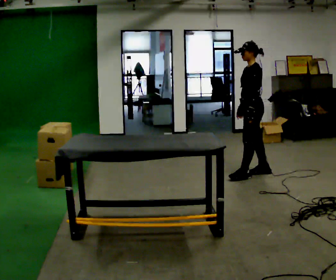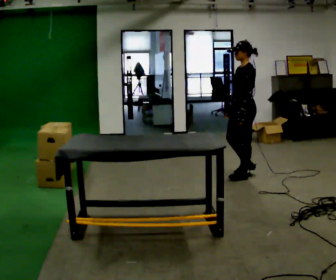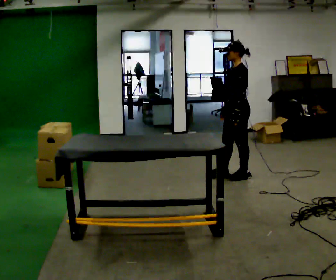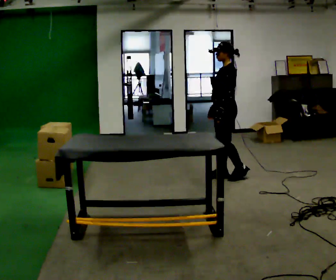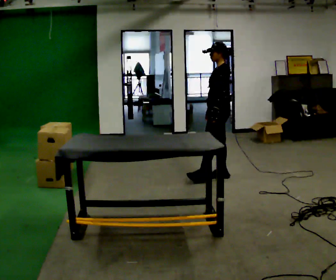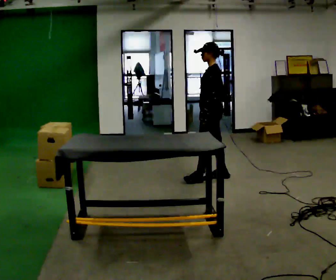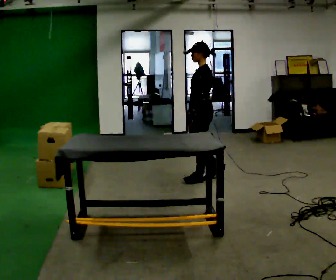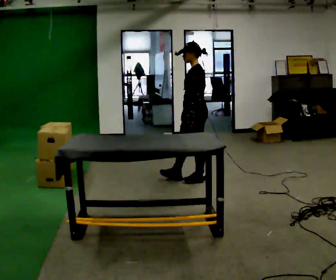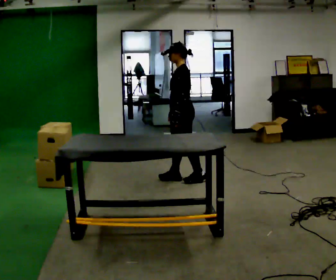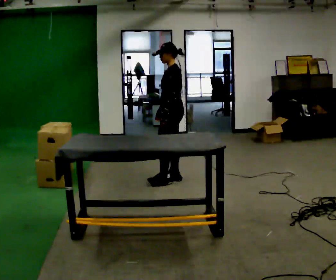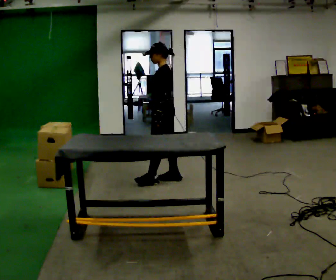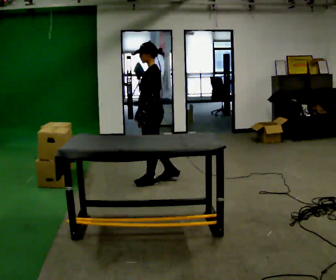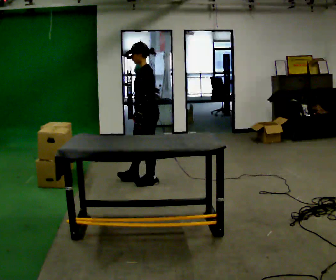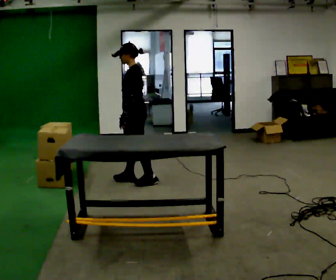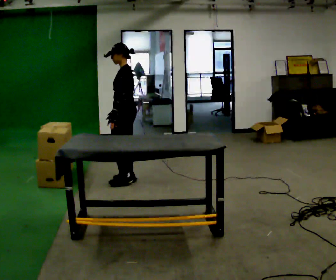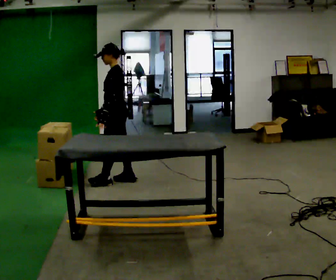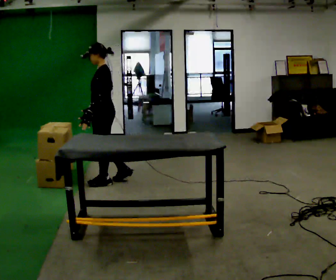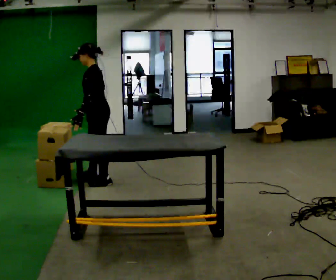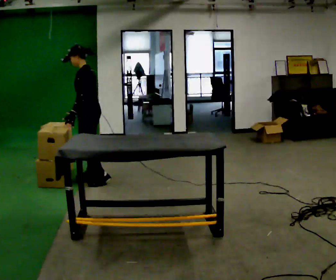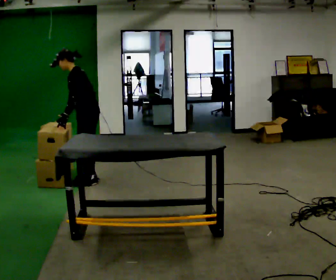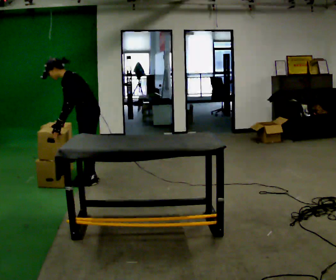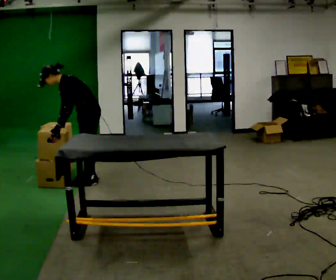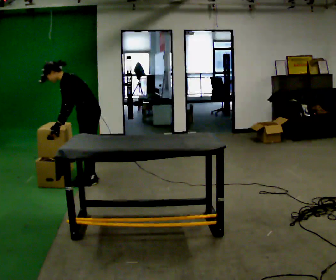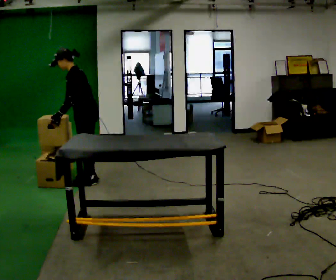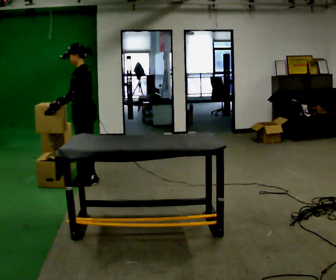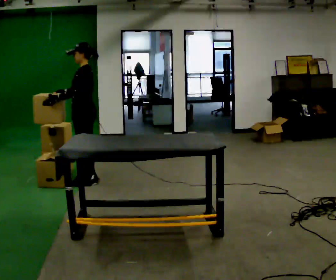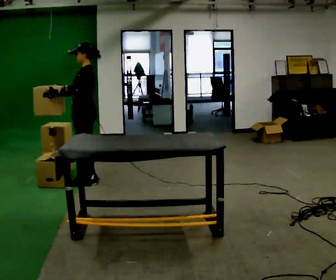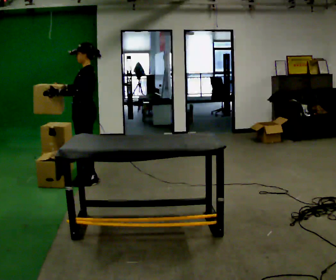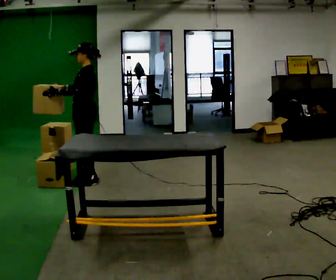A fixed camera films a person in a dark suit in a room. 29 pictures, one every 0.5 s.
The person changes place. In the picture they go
to the left.
0.0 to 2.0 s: In the picture they go to the left, about 0.5 m in 1 step, which for them is forward.
2.0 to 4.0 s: In the picture they go to the left, about 0.5 m in 2 steps, which for them is forward.
4.0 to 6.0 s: In the picture they go to the left, about 0.5 m in 1 step, which for them is forward.
6.0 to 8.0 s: In the picture they go to the left, about 0.5 m in 2 steps, which for them is forward.
8.0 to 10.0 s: In the picture they go to the left, about 0.25 m in 2 steps, which for them is forward. In the picture the upper body tilts counterclockwise, shoulders to the left, as they bend forward. In the picture their right hand goes to the left.
10.0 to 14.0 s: In the picture their right hand goes upward, the arm swinging clockwise.
The film runs forward here.
